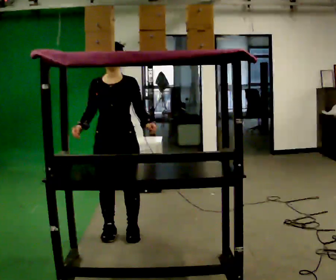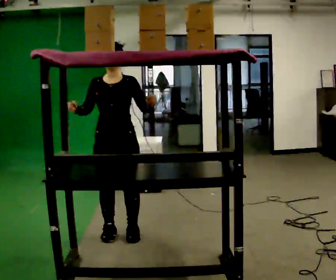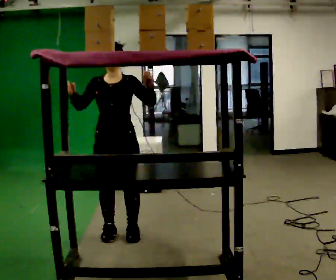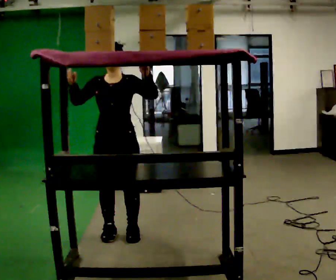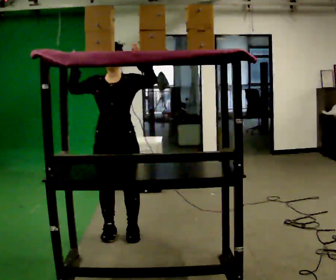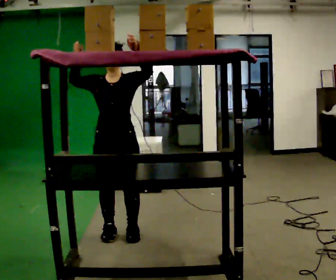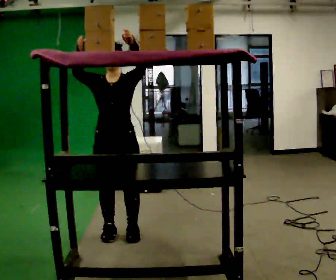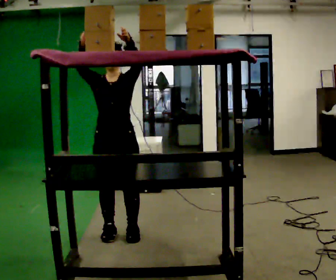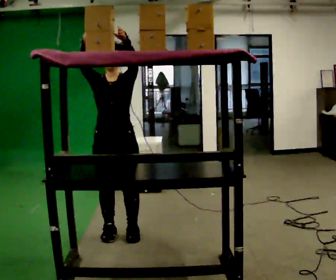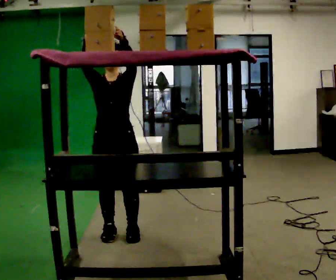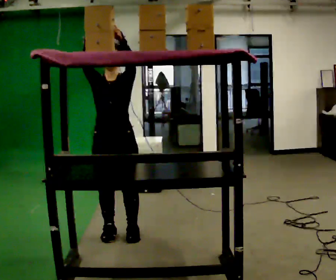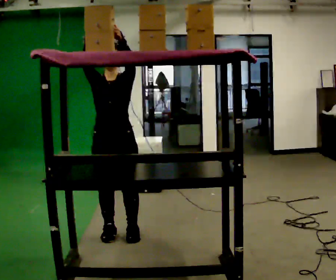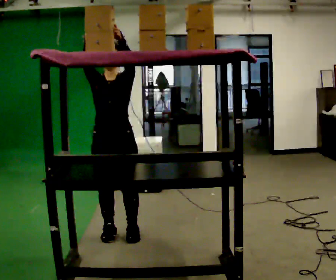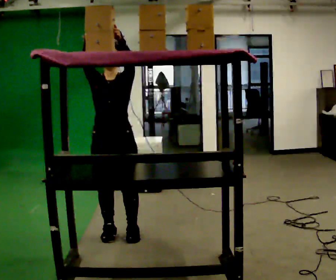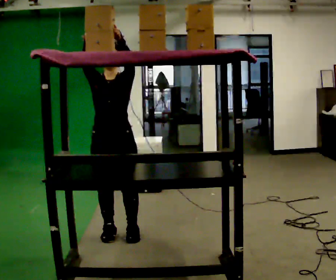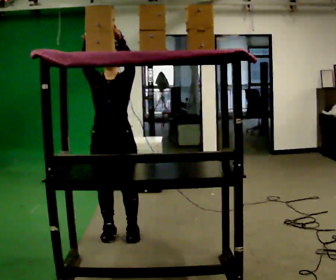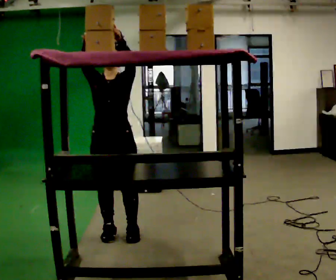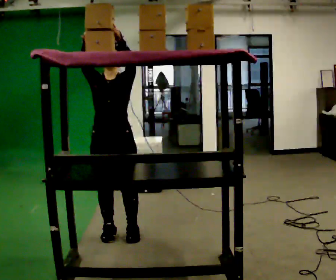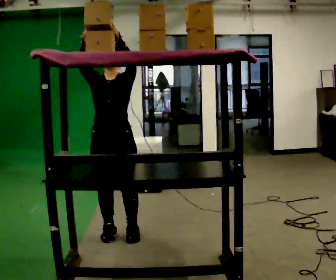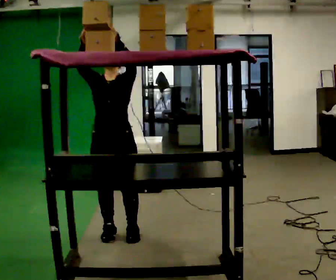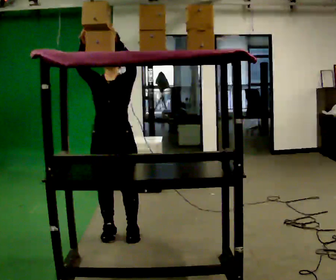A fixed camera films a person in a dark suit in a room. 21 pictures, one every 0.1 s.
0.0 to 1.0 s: In the picture their left hand goes upward.
1.0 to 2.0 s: The person moves a little, or ends about where they began.
The film runs forward here.
